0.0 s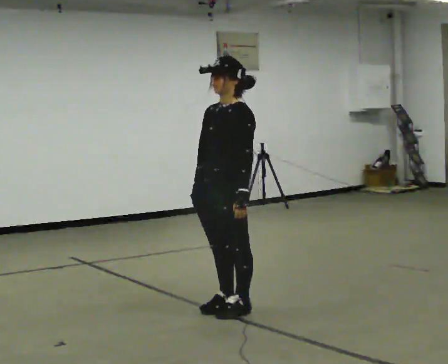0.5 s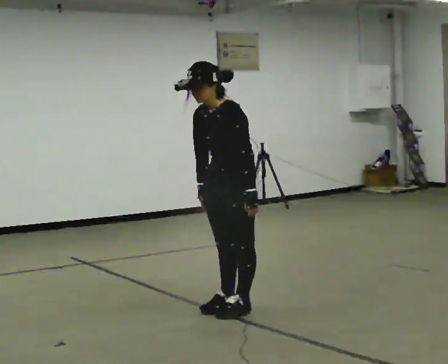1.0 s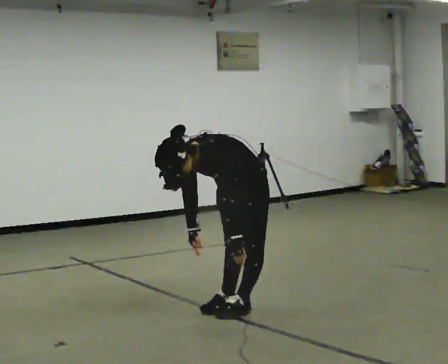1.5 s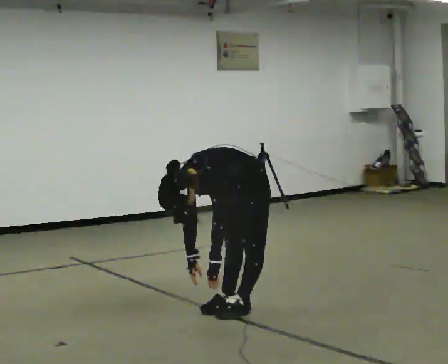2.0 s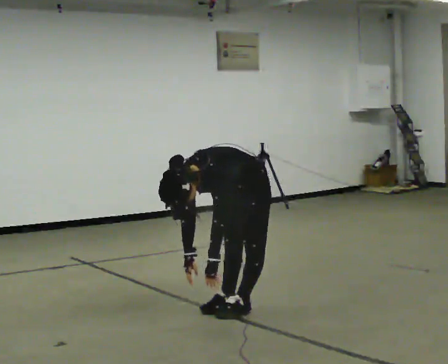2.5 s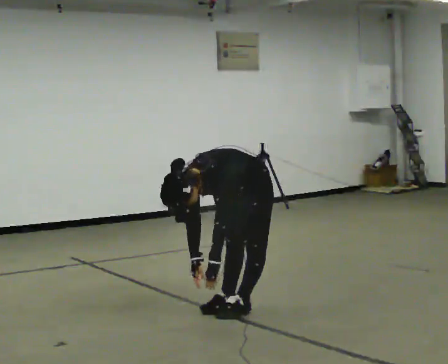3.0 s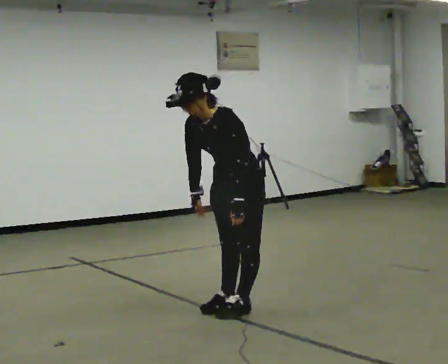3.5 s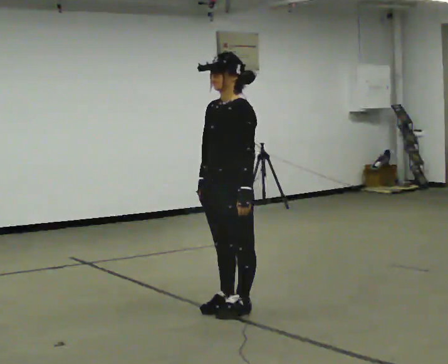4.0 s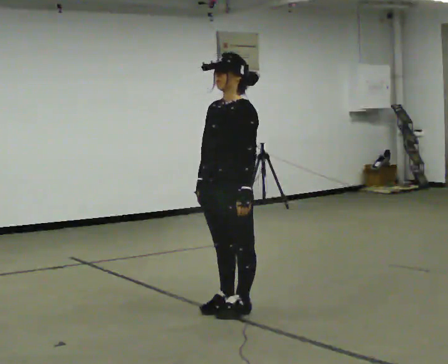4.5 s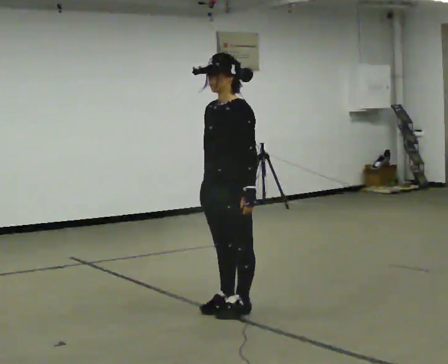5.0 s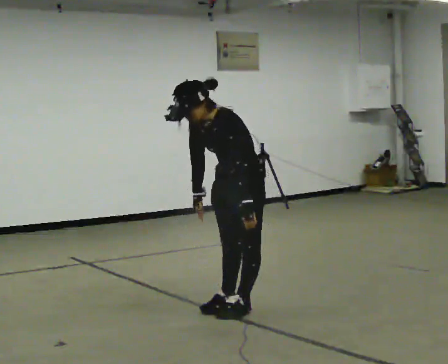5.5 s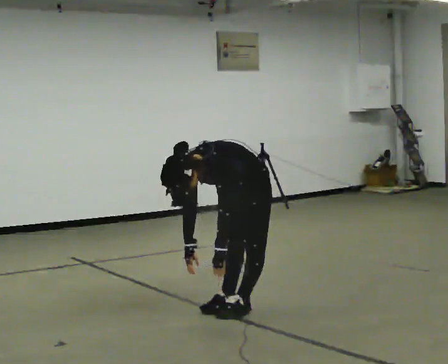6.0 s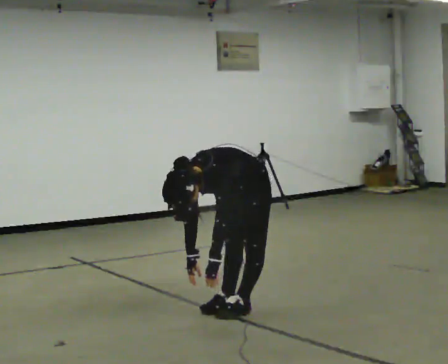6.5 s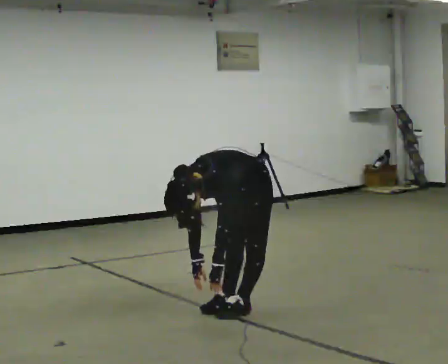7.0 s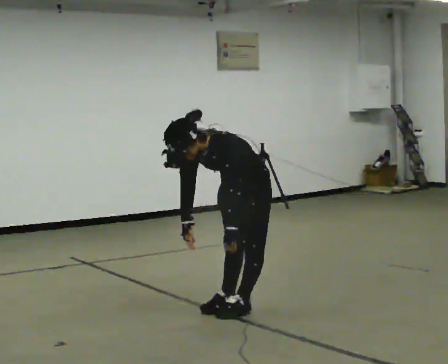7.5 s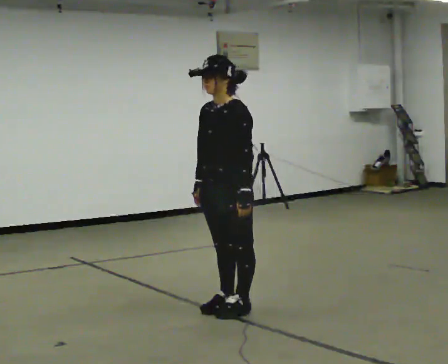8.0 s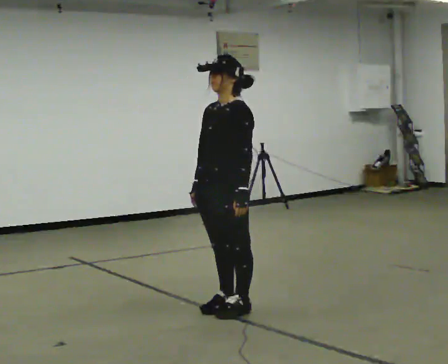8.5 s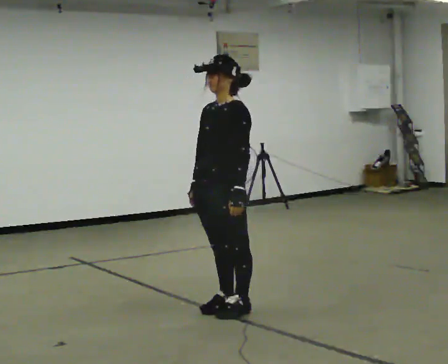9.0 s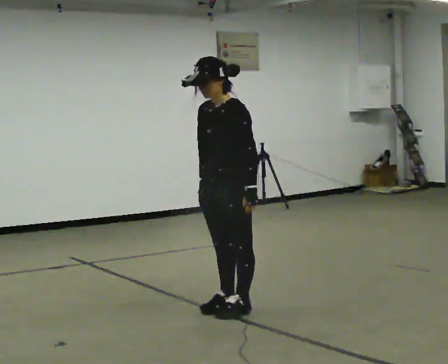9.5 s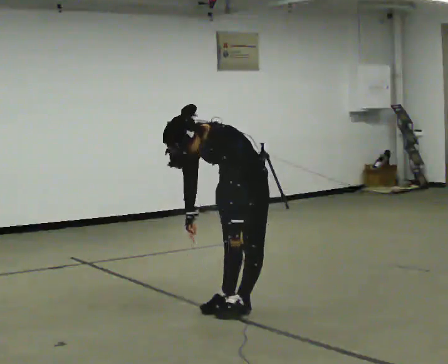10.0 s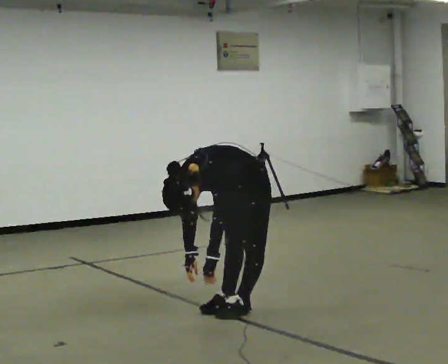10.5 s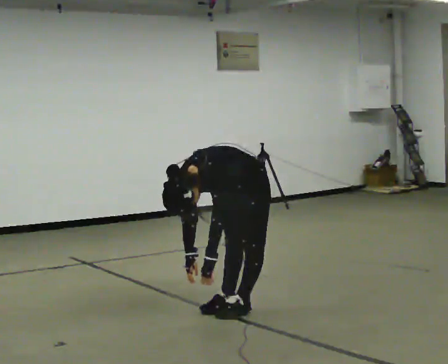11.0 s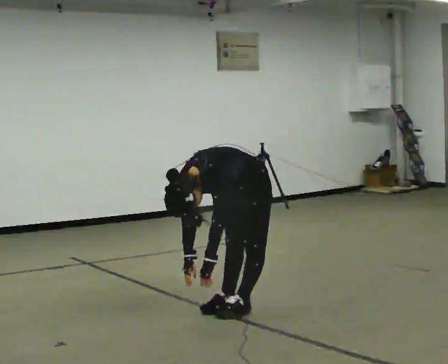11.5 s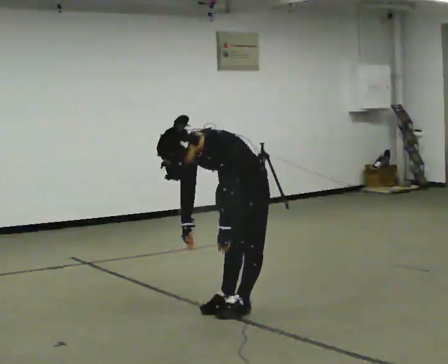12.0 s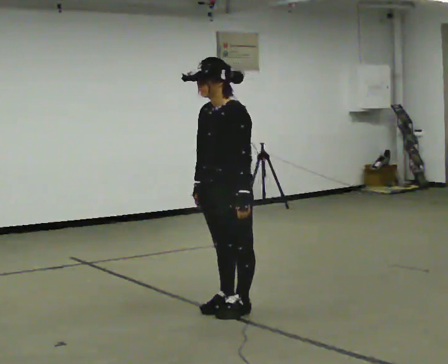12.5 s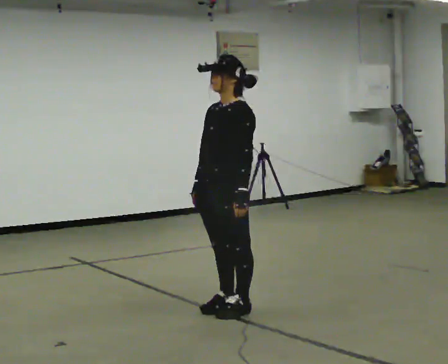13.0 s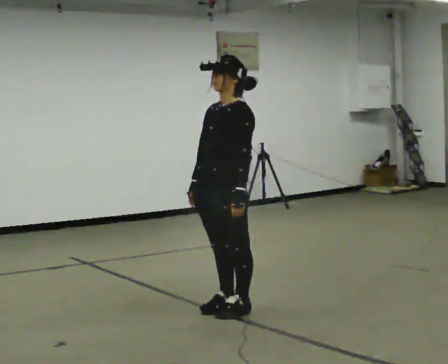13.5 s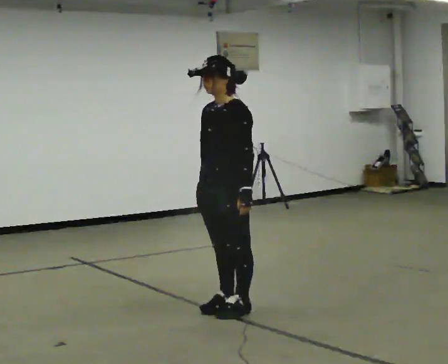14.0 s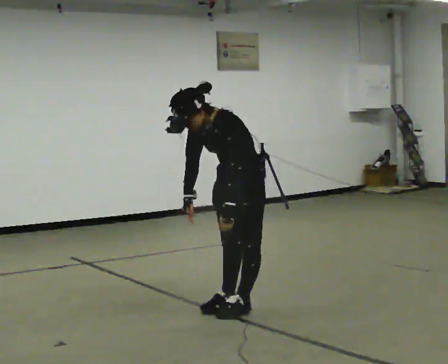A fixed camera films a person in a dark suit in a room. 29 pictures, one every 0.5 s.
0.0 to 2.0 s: The shoulders move downward. The upper body tips toward the camera, its near side rolling downward, as they bend forward. In the picture their left hand goes downward.
2.0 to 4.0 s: The upper body goes upward. In the picture the upper body tilts clockwise, shoulders to the right, as they lean back or straighten. In the picture their left hand goes upward.
4.0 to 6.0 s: The shoulders move downward. The upper body tips toward the camera, its near side rolling downward, as they bend forward. In the picture their right hand goes downward.
6.0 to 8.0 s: The upper body goes upward. The upper body tips away from the camera, its near side rolling upward, as they lean back or straighten. In the picture their right hand goes upward.
8.0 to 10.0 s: The shoulders move downward. In the picture the upper body tilts counterclockwise, shoulders to the left, as they bend forward. In the picture their right hand goes downward.
10.0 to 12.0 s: The upper body goes upward. In the picture the upper body tilts clockwise, shoulders to the right, as they lean back or straighten. In the picture their right hand goes upward.
12.0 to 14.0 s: The person moves a little, or ends about where they began.
The film runs backward here.
